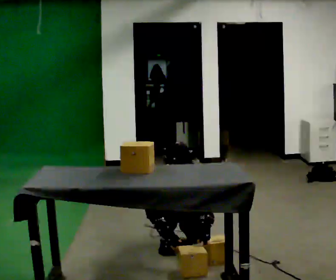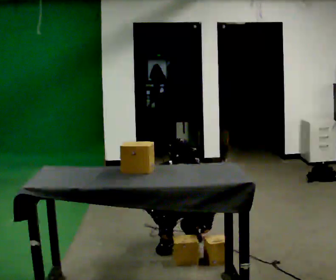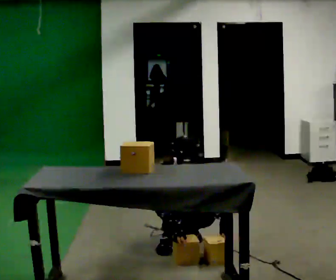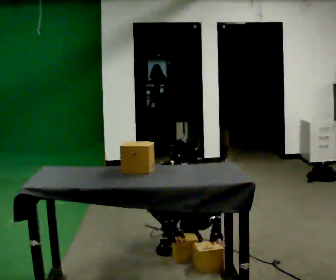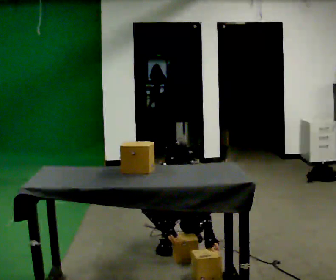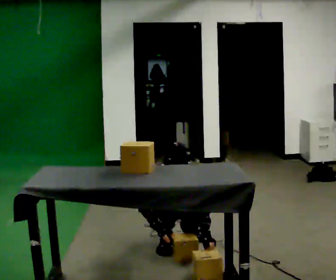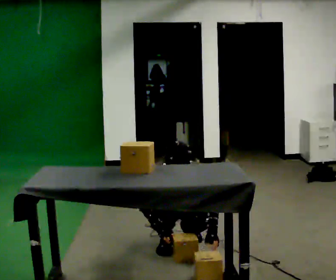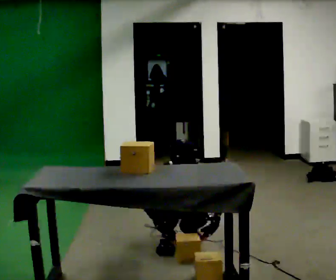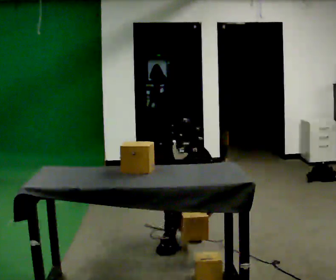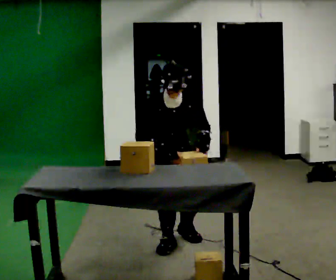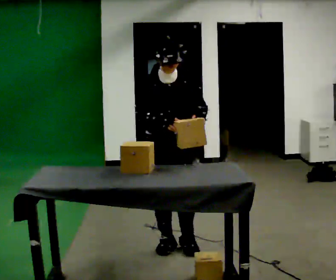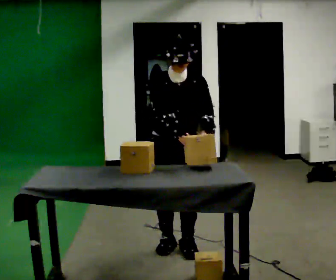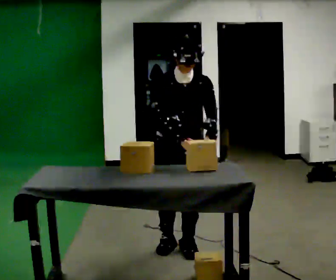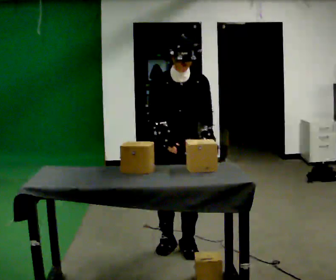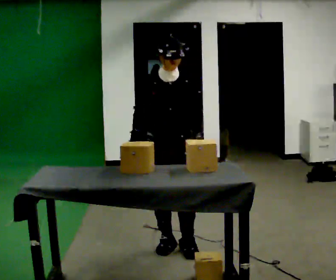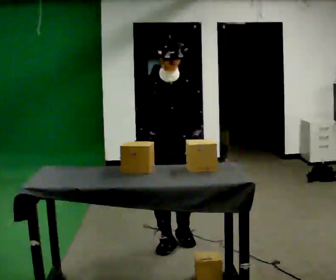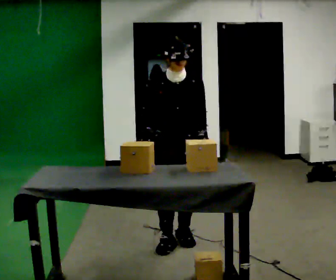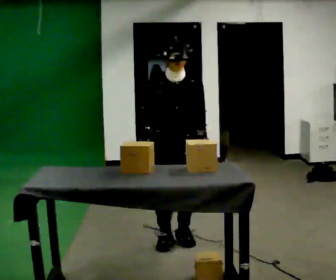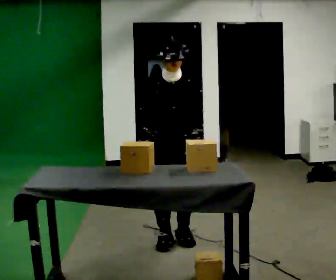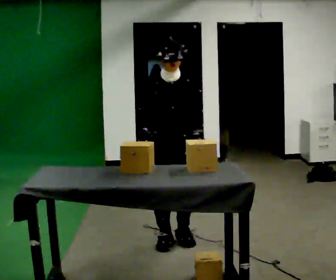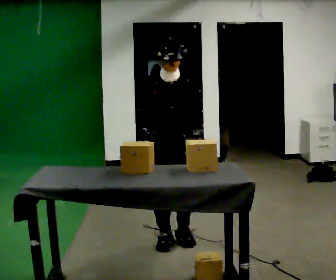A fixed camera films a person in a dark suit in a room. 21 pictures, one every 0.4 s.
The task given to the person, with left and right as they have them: Take the boxes off the top, get the one from the bottom, carry it away, then put the others back. Keep going until the operator says stop; one object at a time, and do not rush between trips.
0.0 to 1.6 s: The person moves a little, or ends about where they began.
1.6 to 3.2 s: The upper body goes upward. In the picture the upper body tilts clockwise, shoulders to the right.
3.2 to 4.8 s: In the picture they go toward the camera, about 0.25 m in 1 step, which for them is forward. The upper body goes upward. The upper body tips away from the camera, its near side rolling upward, as they lean back or straighten. In the picture their right hand goes upward.
4.8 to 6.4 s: In the picture they go away from the camera, about 0.25 m in 1 step, which for them is backward.
6.4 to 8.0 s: The person moves a little, or ends about where they began.
The film runs forward here.
